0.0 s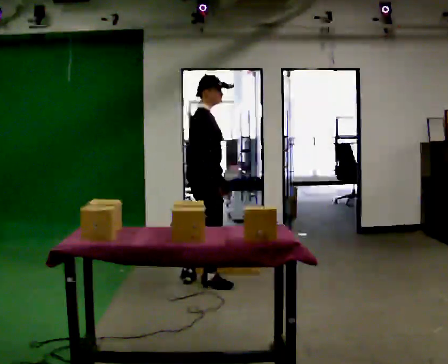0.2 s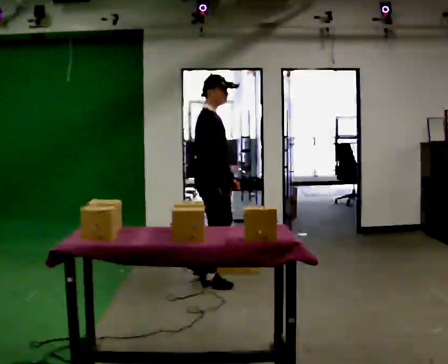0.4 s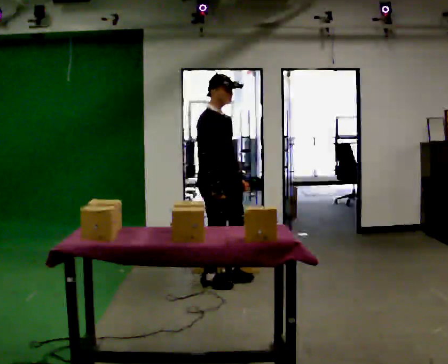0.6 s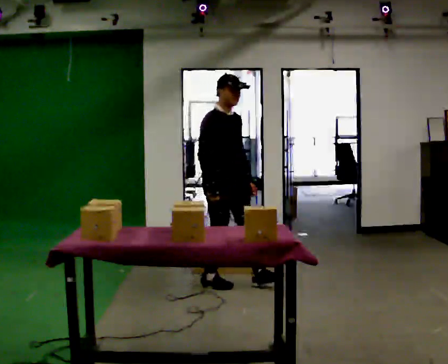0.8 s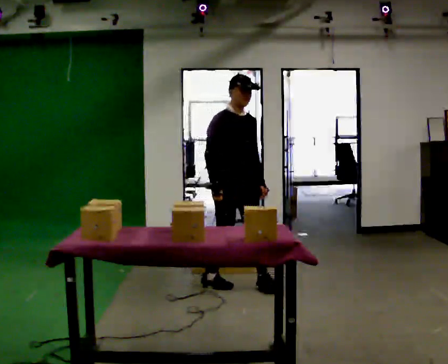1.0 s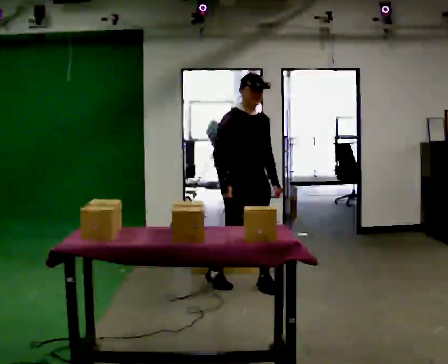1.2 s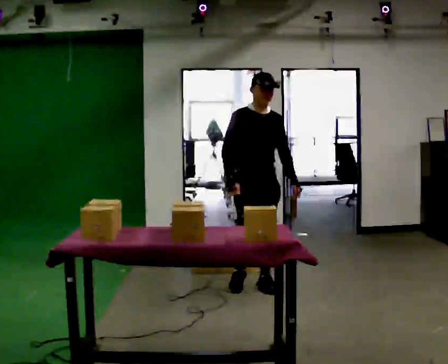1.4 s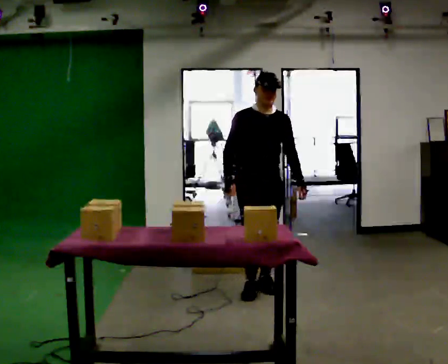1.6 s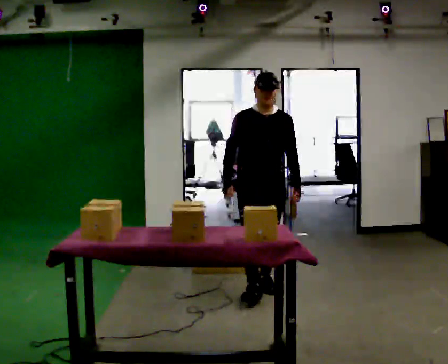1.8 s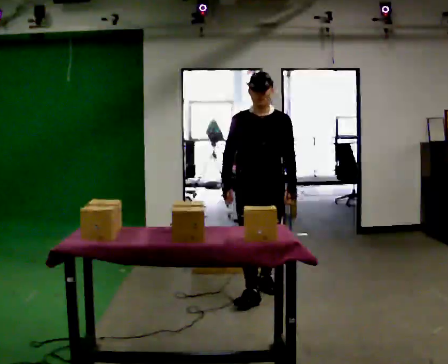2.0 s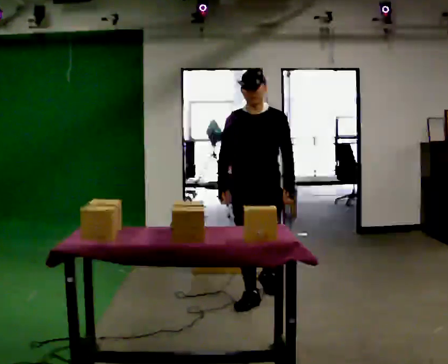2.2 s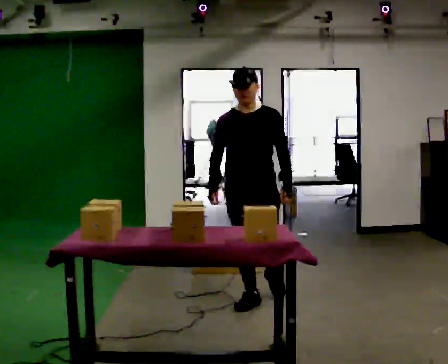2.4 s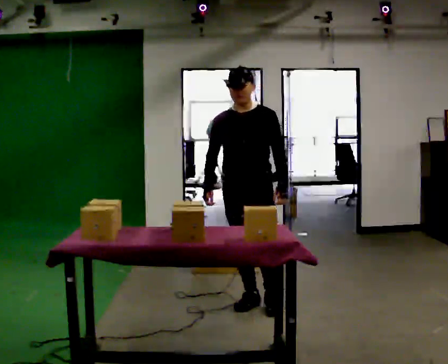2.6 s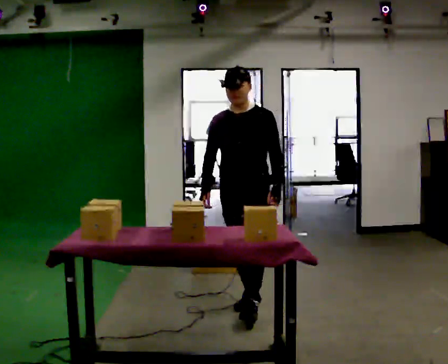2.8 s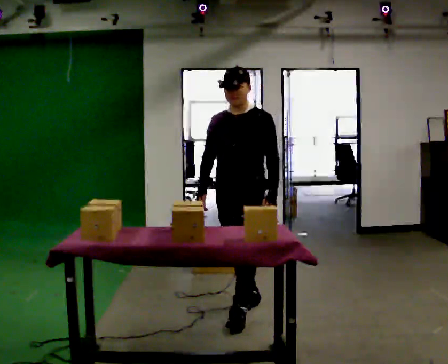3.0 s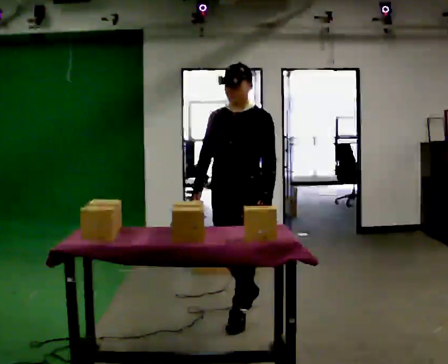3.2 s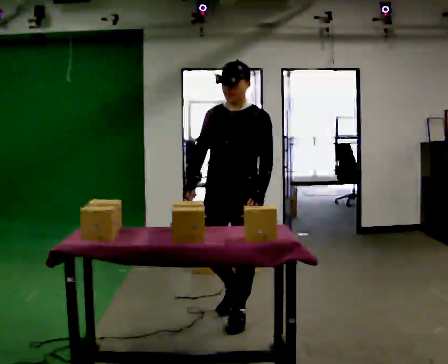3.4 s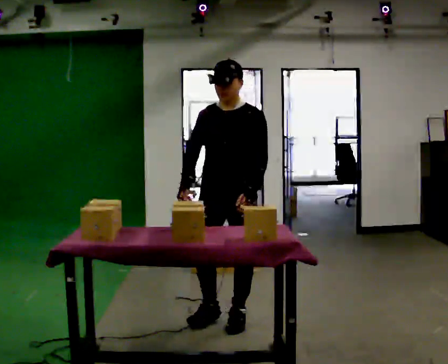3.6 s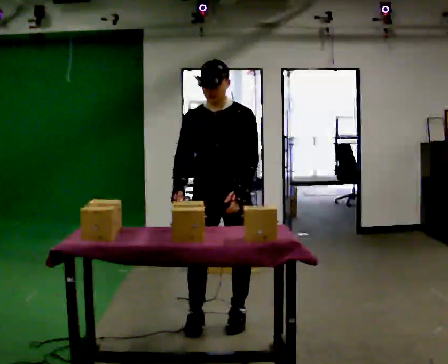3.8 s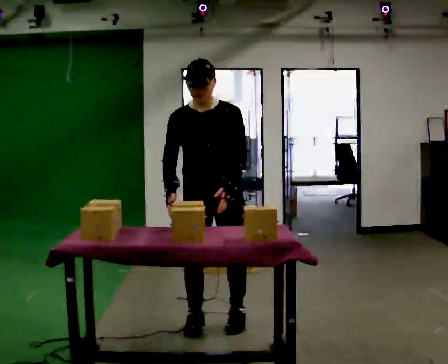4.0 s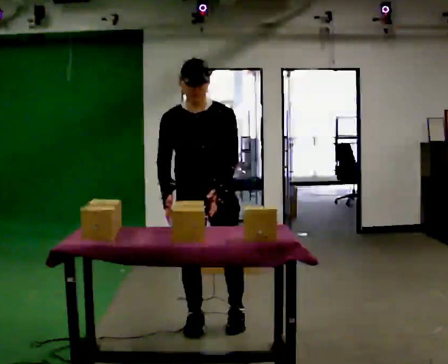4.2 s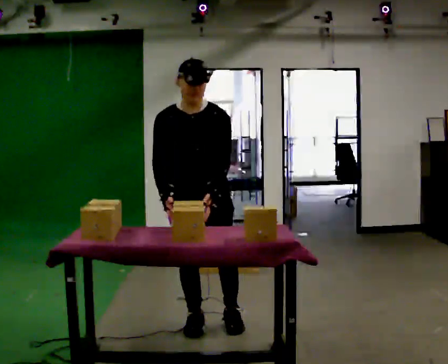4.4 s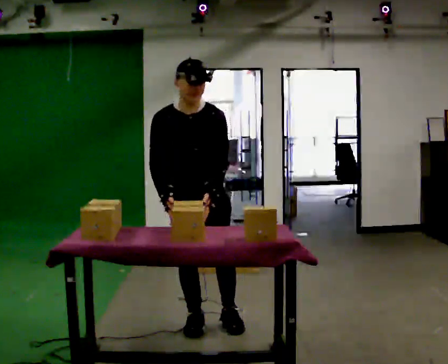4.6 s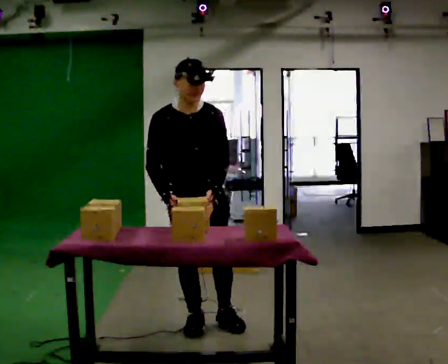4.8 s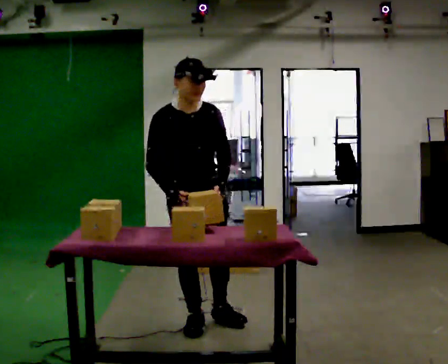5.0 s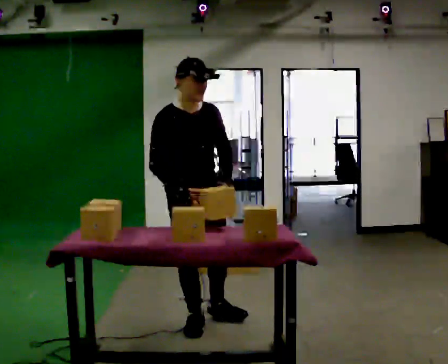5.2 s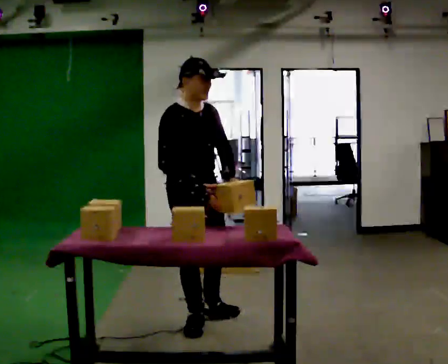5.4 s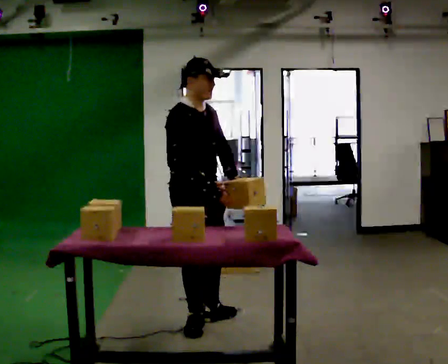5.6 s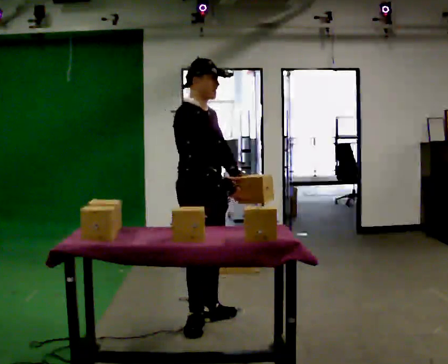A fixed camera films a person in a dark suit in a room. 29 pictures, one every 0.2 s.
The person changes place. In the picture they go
toward the camera.
The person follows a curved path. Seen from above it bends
clockwise.
0.0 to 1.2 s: The part of the body nearest the lens slides to the left as the person turns to their right by about 75 degrees. In the picture they go to the right, about 0.5 m in 1 step.
1.2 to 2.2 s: The part of the body nearest the lens slides to the left as the person turns to their right by about 30 degrees. In the picture they go toward the camera, about 0.5 m in 1 step, which for them is forward.
2.2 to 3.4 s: In the picture they go toward the camera, about 0.5 m in 1 step, which for them is forward.
3.4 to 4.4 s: Seen from above the body turns counterclockwise, about 30 degrees: to their left, with its near side sliding to the right. In the picture they go to the left, about 0.25 m in 1 step, which for them is to their right.
4.4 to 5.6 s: Seen from above the body turns counterclockwise, about 60 degrees: to their left, with its near side sliding to the right. In the picture their right hand goes to the right.
The film runs forward here.
